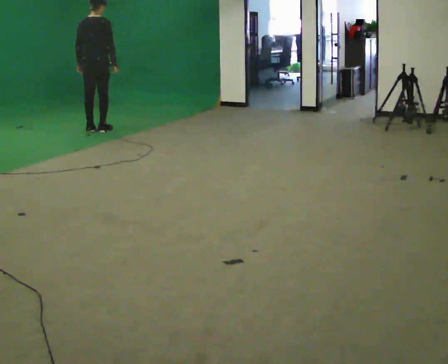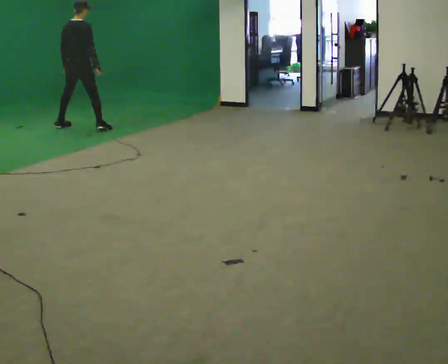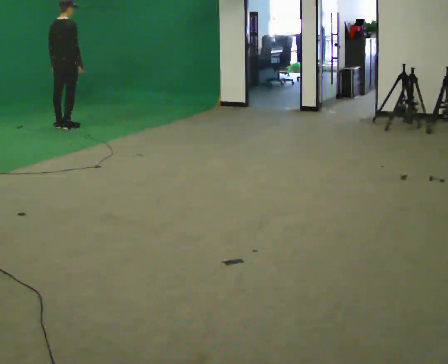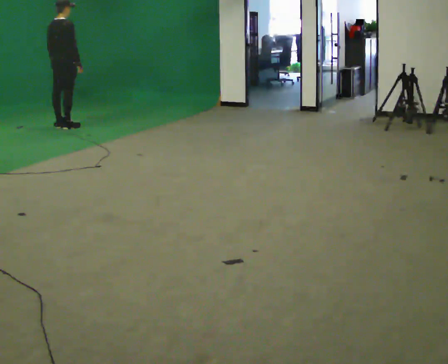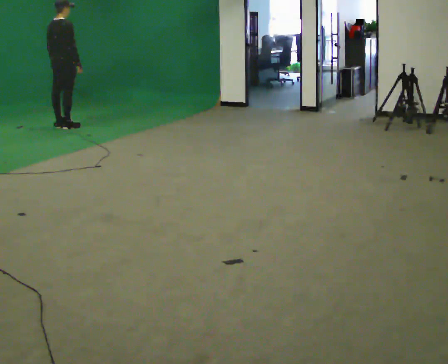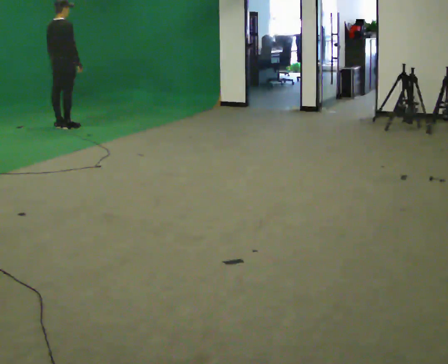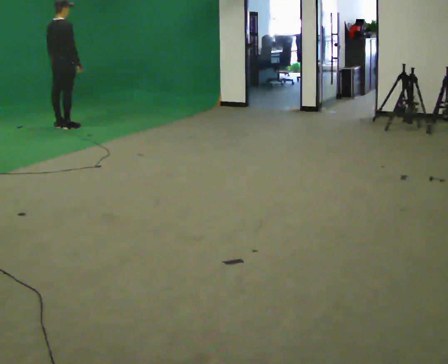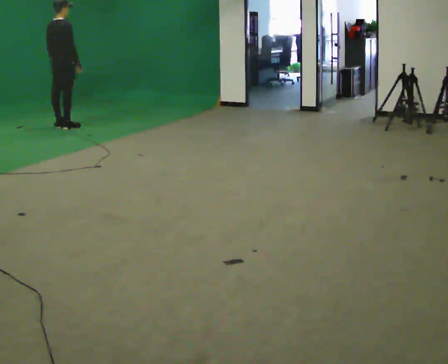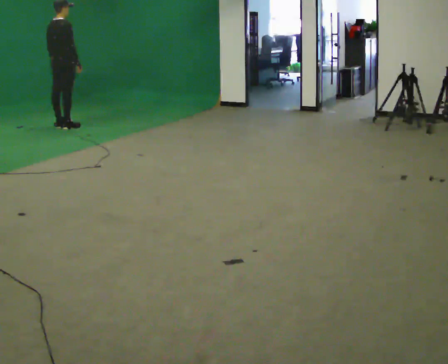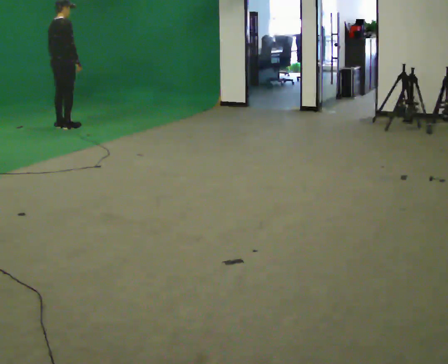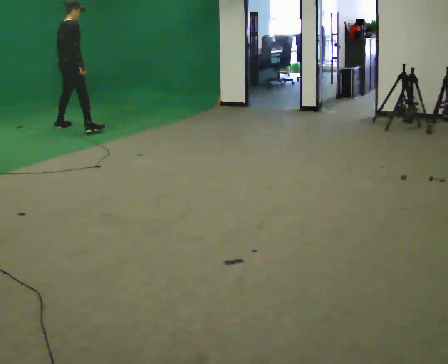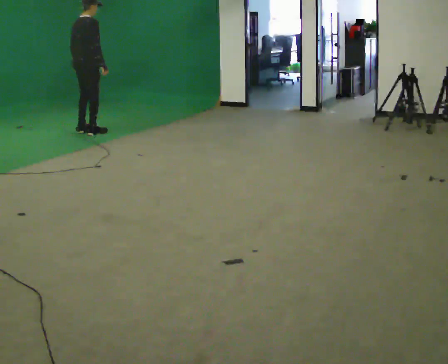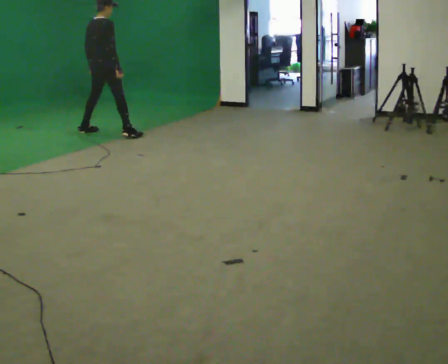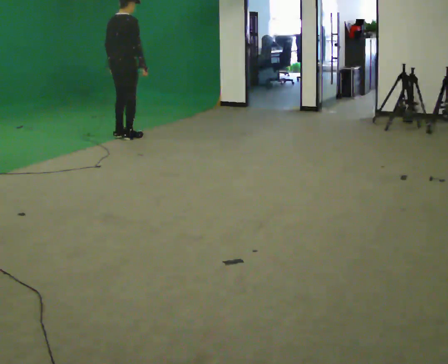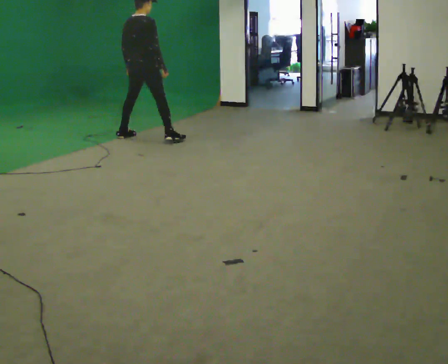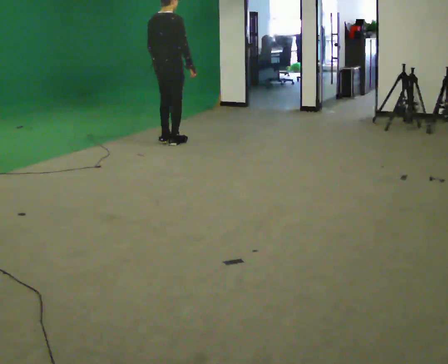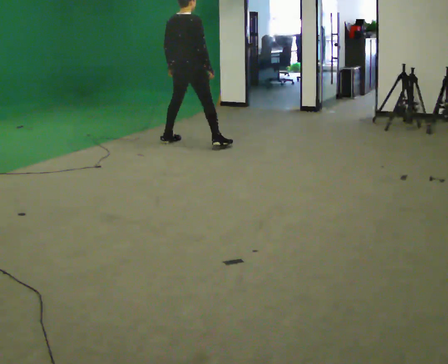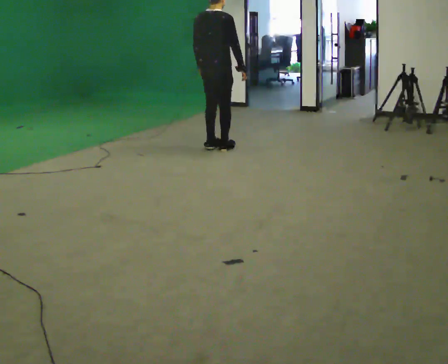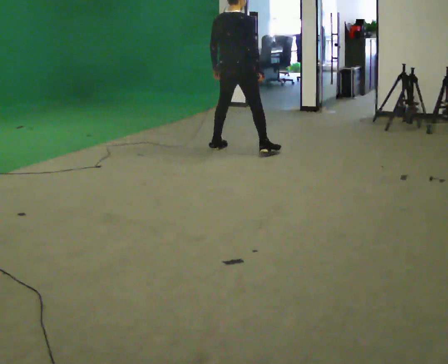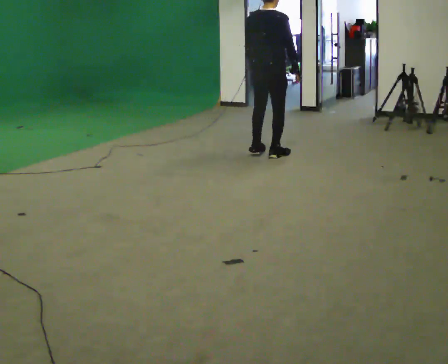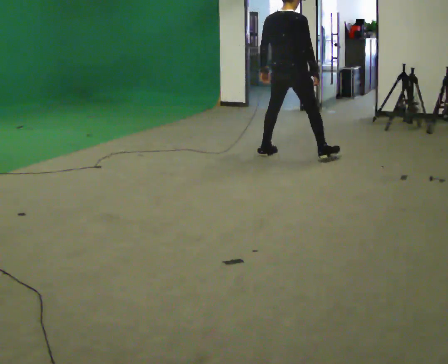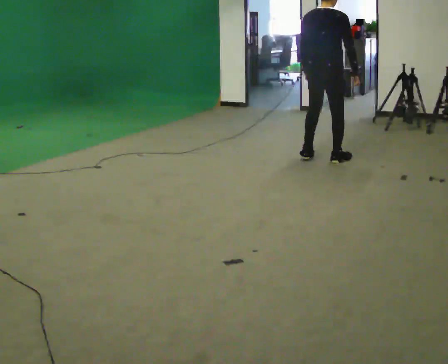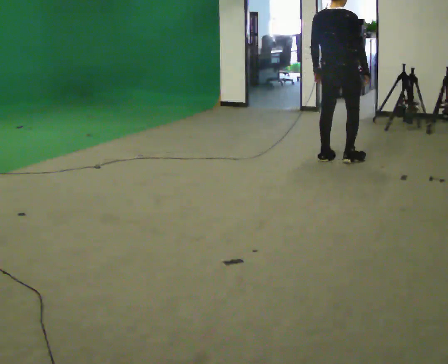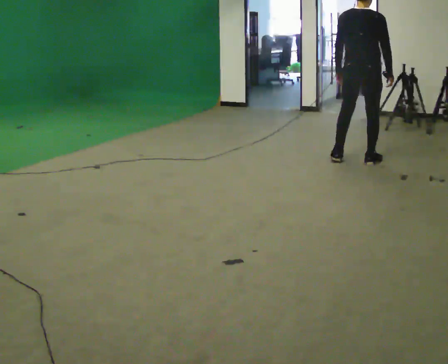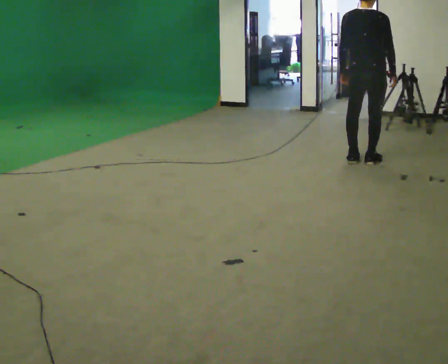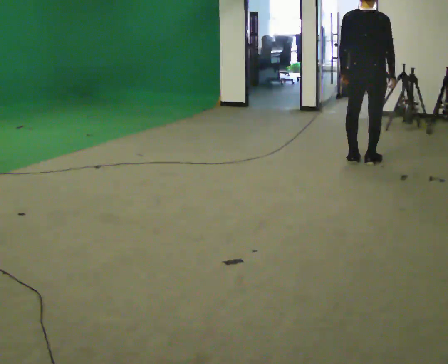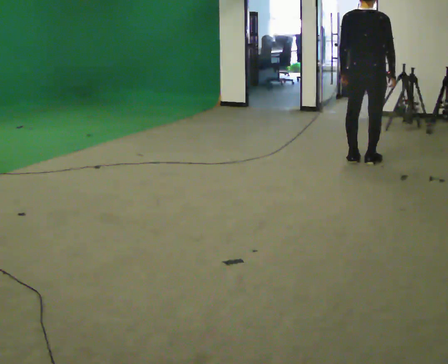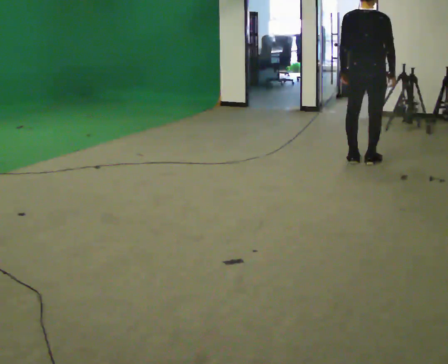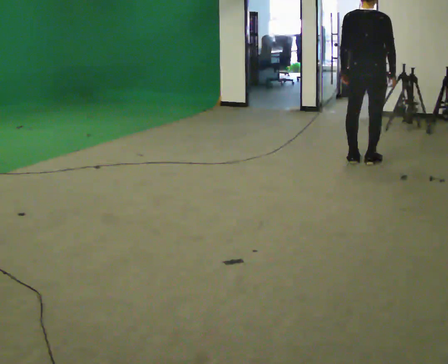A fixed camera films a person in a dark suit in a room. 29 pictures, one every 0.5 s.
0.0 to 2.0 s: In the picture they go to the left and away from the camera, about 0.5 m in 2 steps, which for them is to their left.
2.0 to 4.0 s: The person keeps their place and pose.
4.0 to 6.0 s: In the picture they go to the right and toward the camera, about 1 m in 2 steps, which for them is to their right.
6.0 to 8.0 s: In the picture they go to the right and toward the camera, about 1 m in 4 steps, which for them is to their right.
8.0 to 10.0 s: In the picture they go to the right and toward the camera, about 1 m in 4 steps, which for them is to their right.
10.0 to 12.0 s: In the picture they go to the right and toward the camera, about 1 m in 4 steps, which for them is to their right.
12.0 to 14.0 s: The person moves a little, or ends about where they began.
The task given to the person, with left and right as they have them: Move laterally left/right for ~3 m; natural controlled steps; stop.
The film runs forward here.
